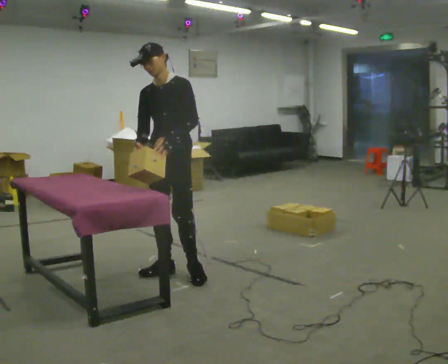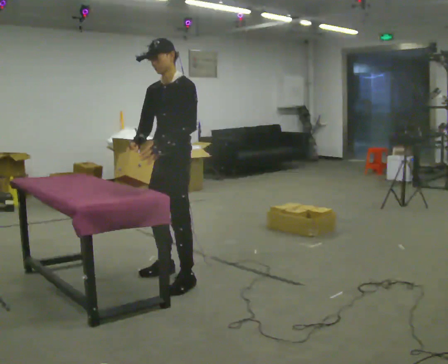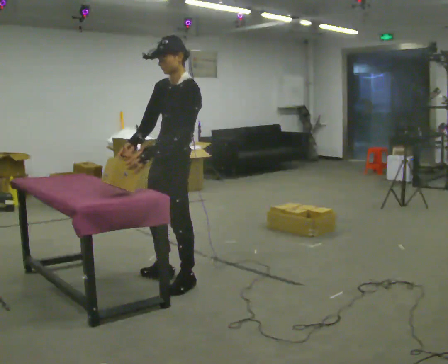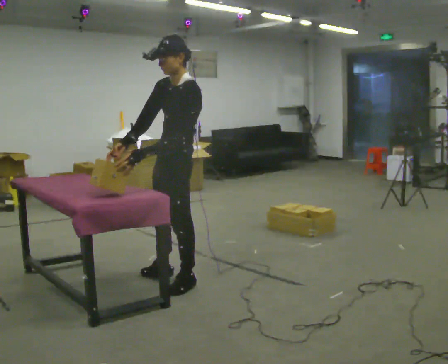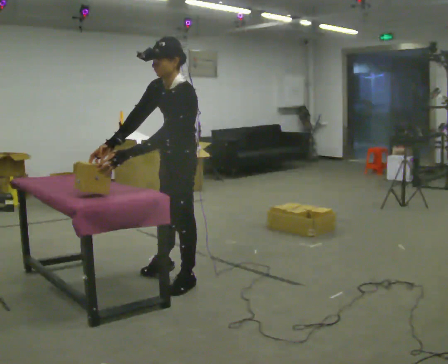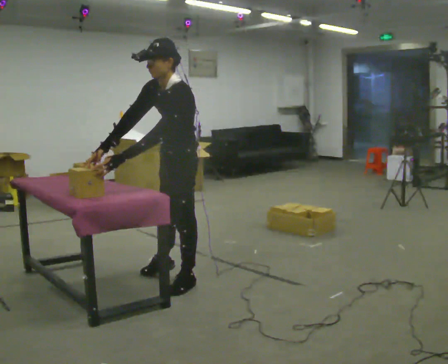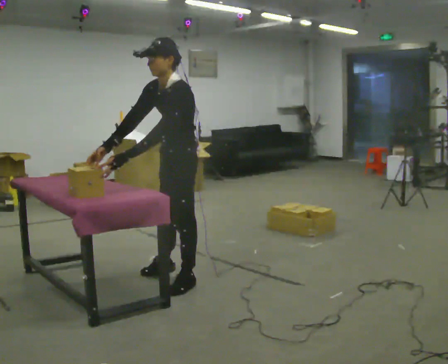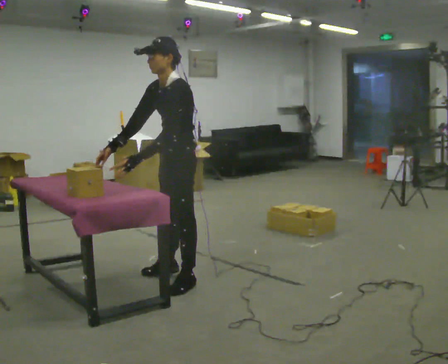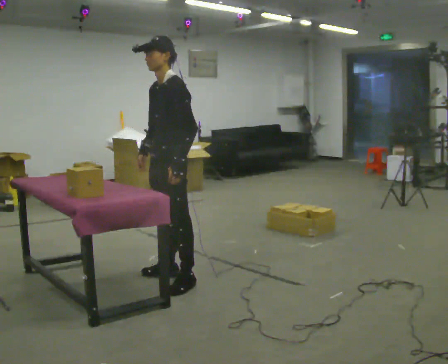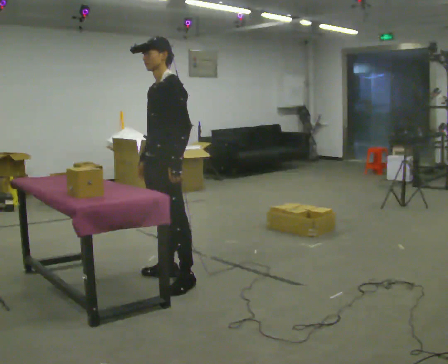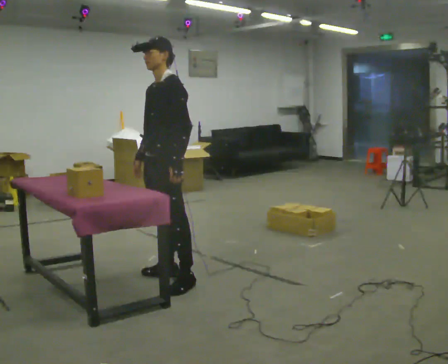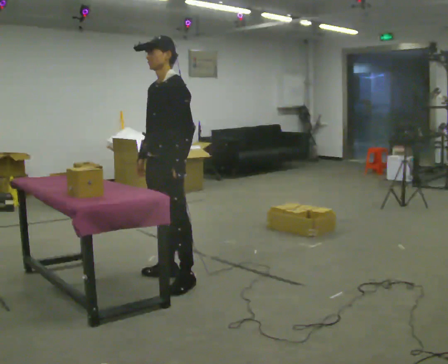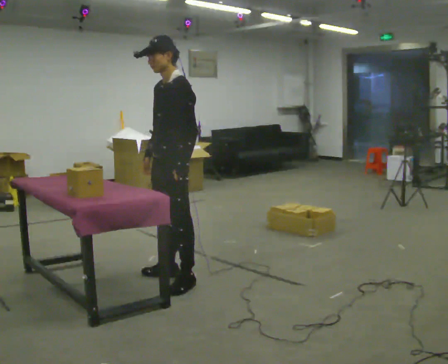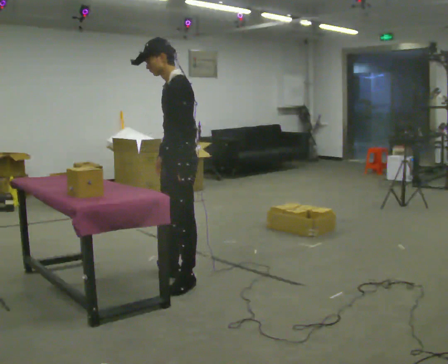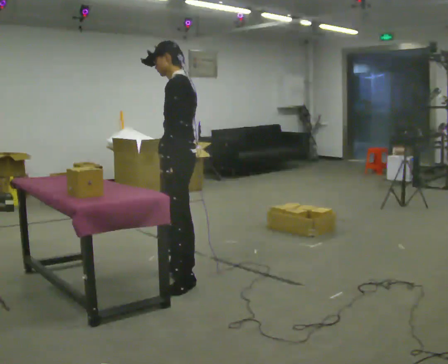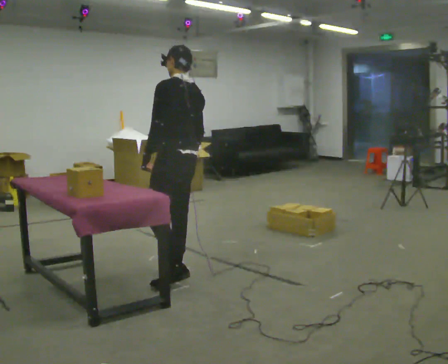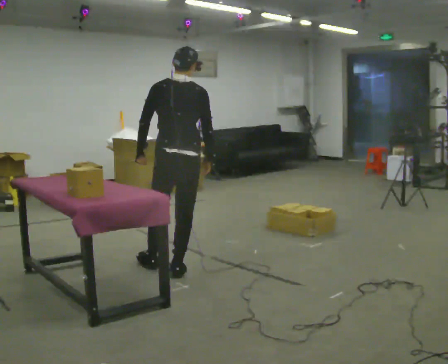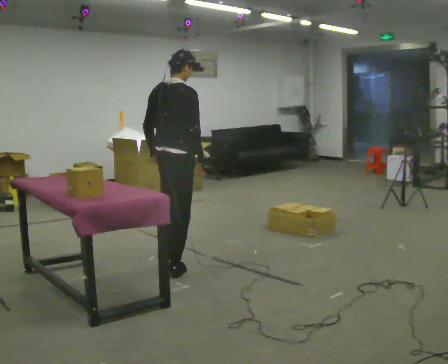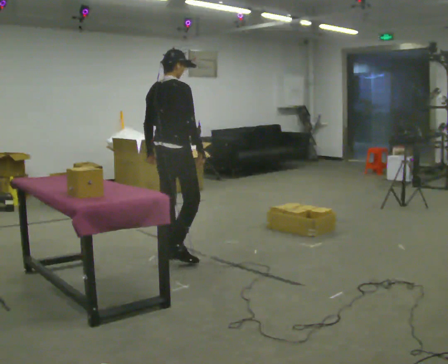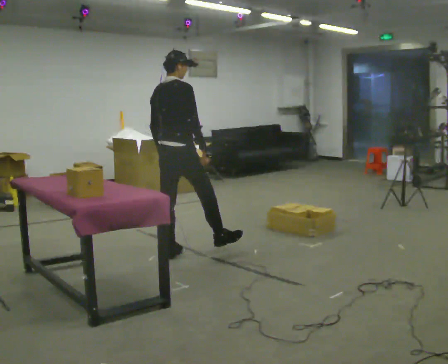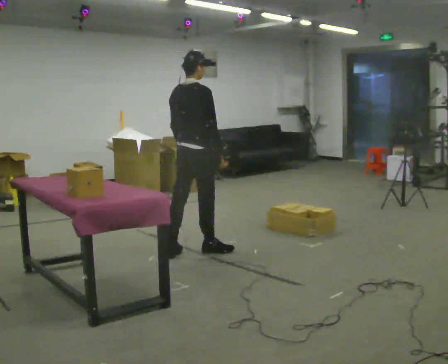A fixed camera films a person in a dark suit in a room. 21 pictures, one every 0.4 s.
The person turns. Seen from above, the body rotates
clockwise.
The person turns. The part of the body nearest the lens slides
to the left.
0.0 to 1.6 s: The person turns about 45 degrees to their right, clockwise seen from above, so the part of the body nearest the lens slides to the left. In the picture they go toward the camera, about 0.25 m in 2 steps, which for them is to their left. The upper body tips toward the camera, its near side rolling downward, as they bend forward.
1.6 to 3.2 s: The upper body tips away from the camera, its near side rolling upward. In the picture their left hand goes to the right.
3.2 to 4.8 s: The person moves a little, or ends about where they began.
4.8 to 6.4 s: The person turns about 120 degrees to their right, clockwise seen from above, so the part of the body nearest the lens slides to the left. In the picture they go away from the camera, about 0.25 m.
6.4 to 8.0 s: The person turns about 45 degrees to their right, clockwise seen from above, so the part of the body nearest the lens slides to the left. In the picture they go away from the camera, about 0.5 m in 2 steps, which for them is forward and to their left.
The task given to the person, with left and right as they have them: Reach down into the deep bin on the floor, take out one object at a time, carry it to the shelf, and come back for the next one. Keep going until the operator says stop; one object at a time, and do not rush between trips.
The film runs forward here.
